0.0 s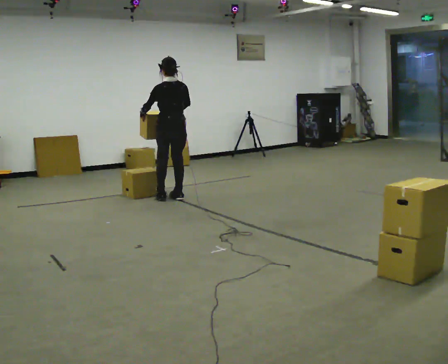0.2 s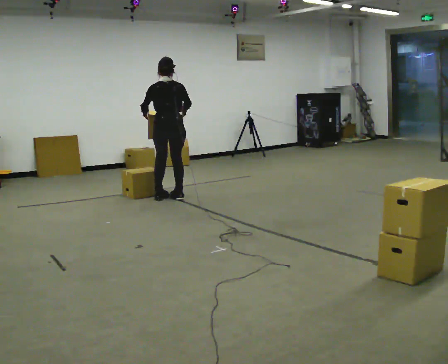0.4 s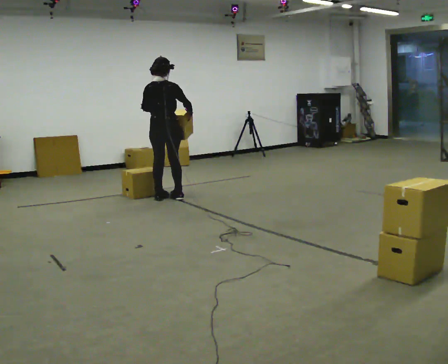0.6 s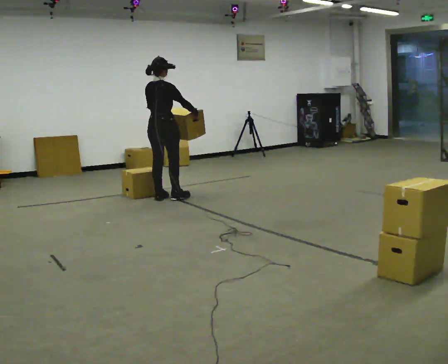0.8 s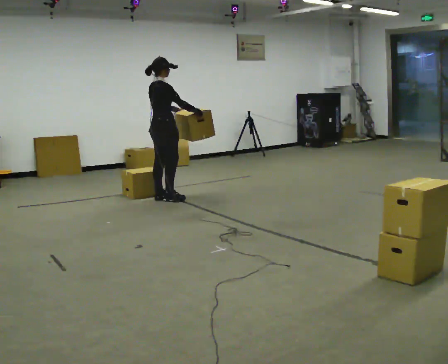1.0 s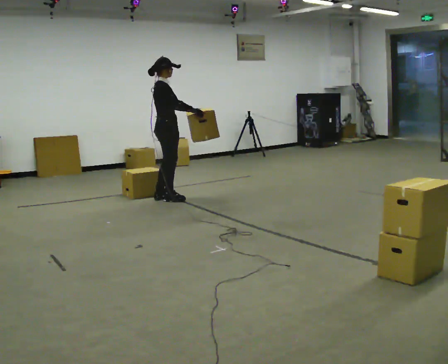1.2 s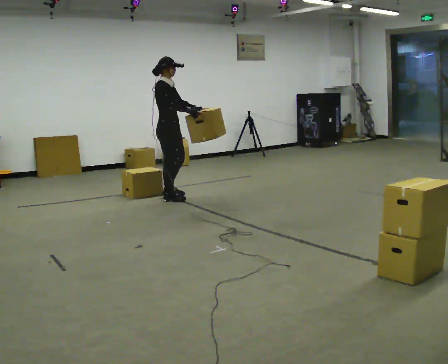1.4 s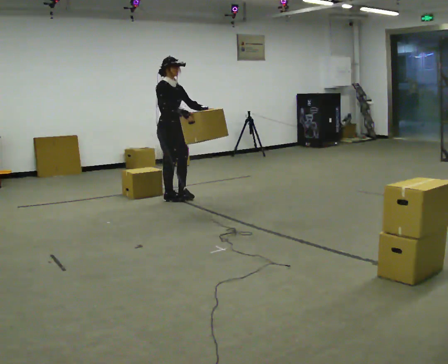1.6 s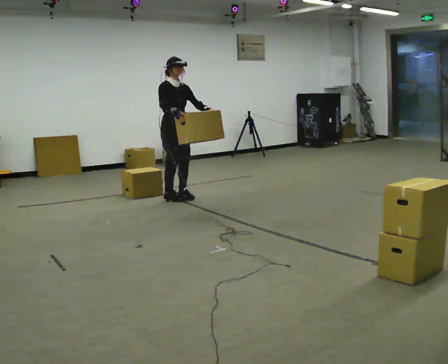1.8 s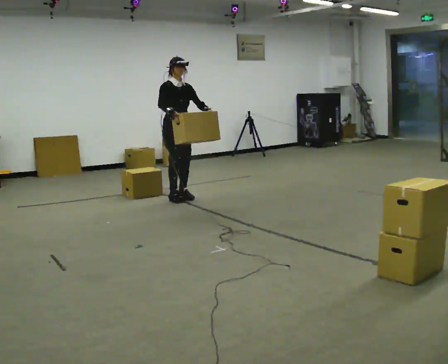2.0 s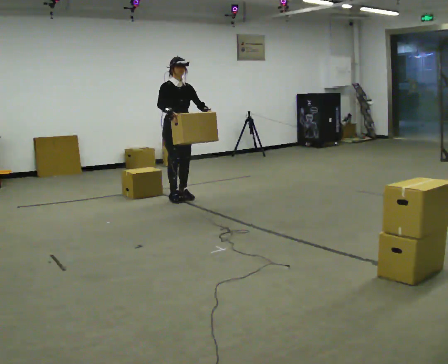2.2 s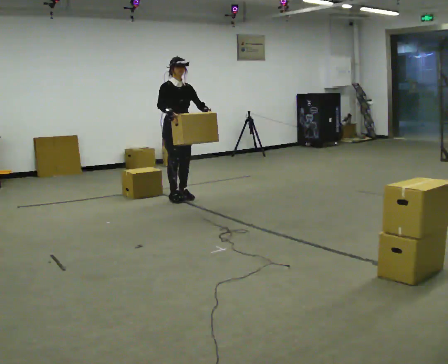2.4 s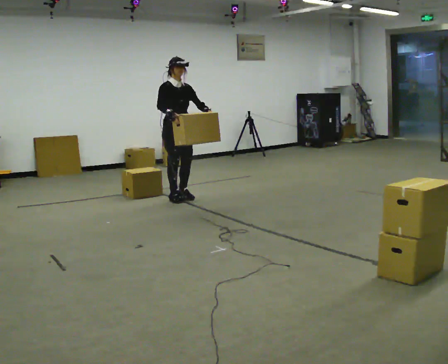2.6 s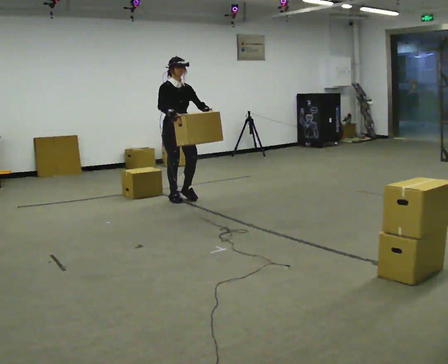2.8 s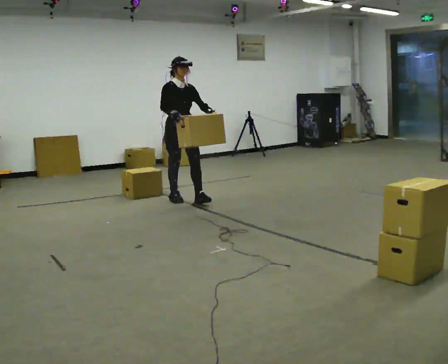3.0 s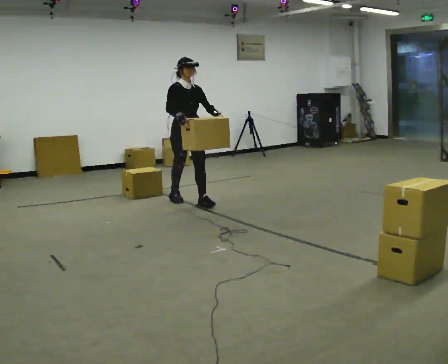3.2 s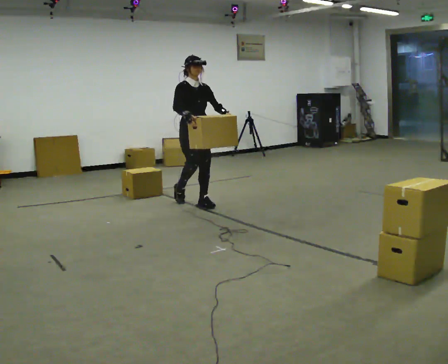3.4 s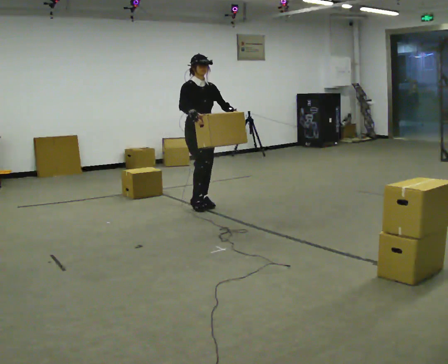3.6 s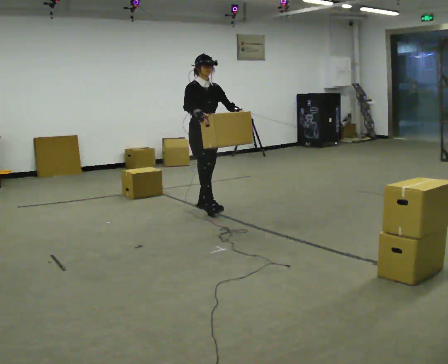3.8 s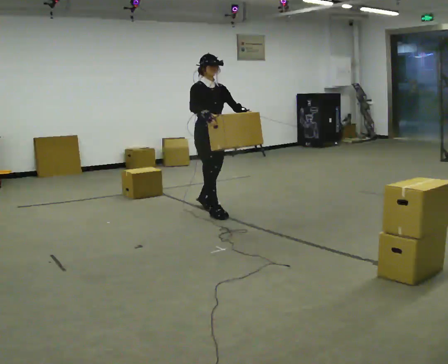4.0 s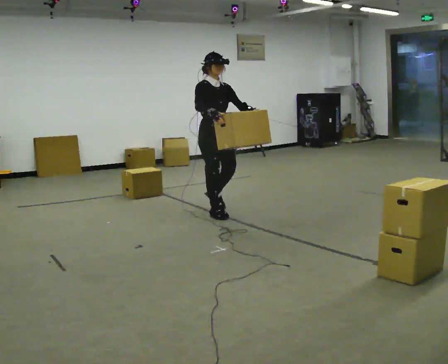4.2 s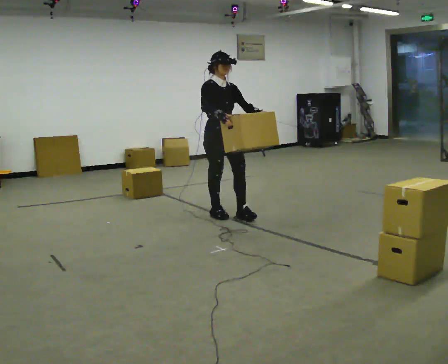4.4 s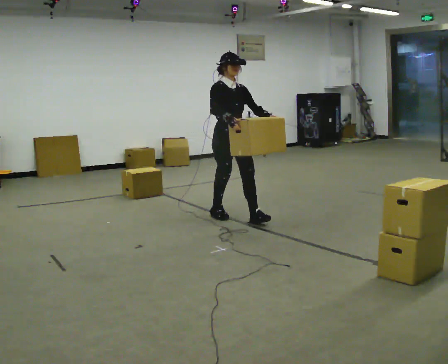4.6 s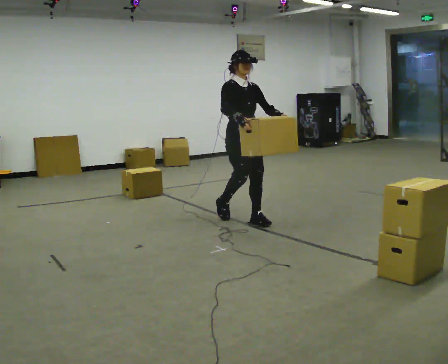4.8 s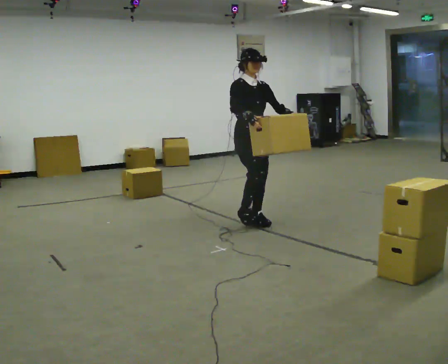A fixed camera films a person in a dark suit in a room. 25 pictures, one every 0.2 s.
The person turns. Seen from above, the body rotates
clockwise.
The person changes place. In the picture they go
toward the camera.
0.0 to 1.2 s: The person turns about 120 degrees to their right, clockwise seen from above, so the part of the body nearest the lens slides to the left.
1.2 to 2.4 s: Seen from above the body turns clockwise, about 45 degrees: to their right, with its near side sliding to the left.
2.4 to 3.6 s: In the picture they go toward the camera and to the right, about 0.5 m in 1 step, which for them is forward.
3.6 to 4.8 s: In the picture they go toward the camera and to the right, about 1 m in 2 steps, which for them is forward.
The film runs forward here.
